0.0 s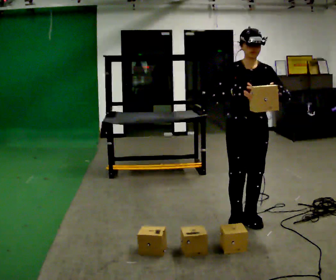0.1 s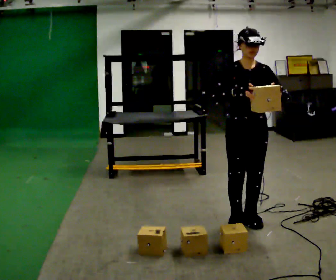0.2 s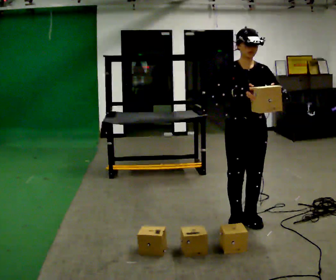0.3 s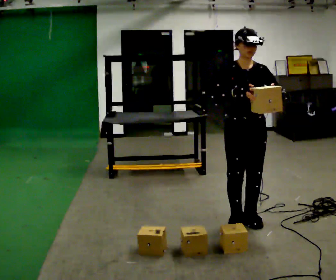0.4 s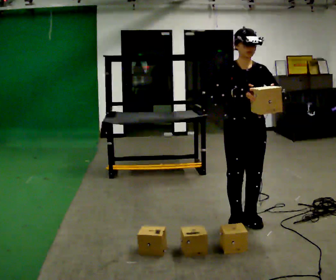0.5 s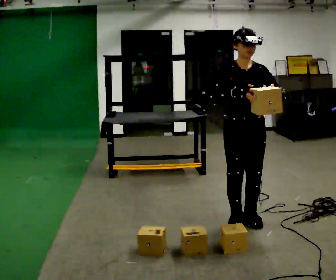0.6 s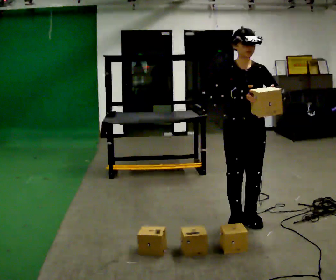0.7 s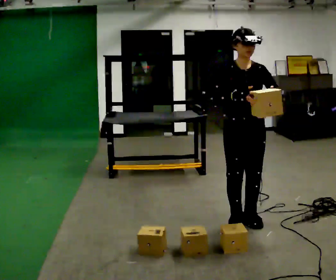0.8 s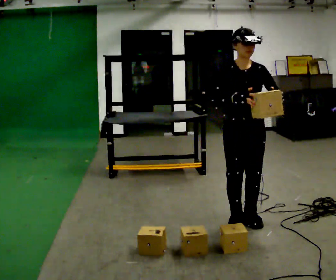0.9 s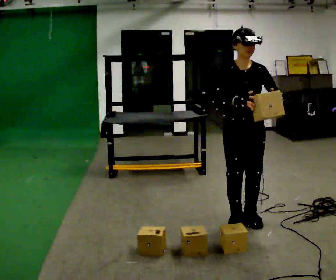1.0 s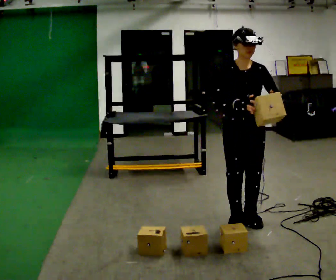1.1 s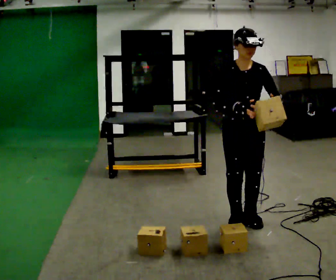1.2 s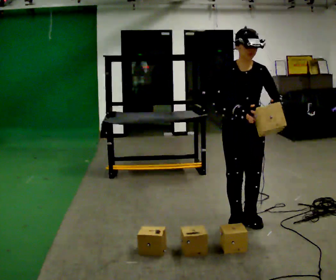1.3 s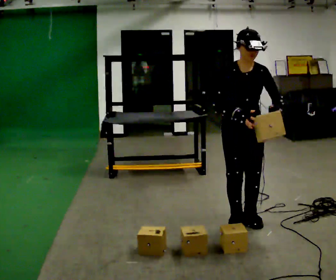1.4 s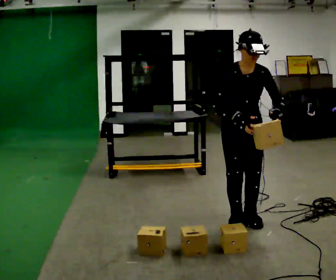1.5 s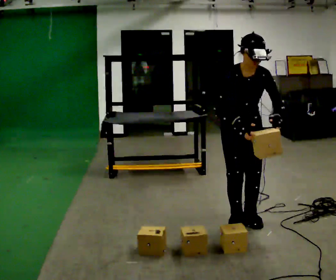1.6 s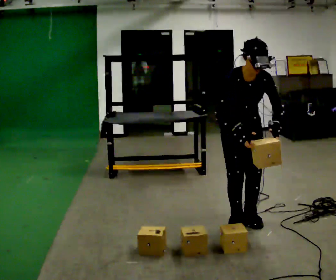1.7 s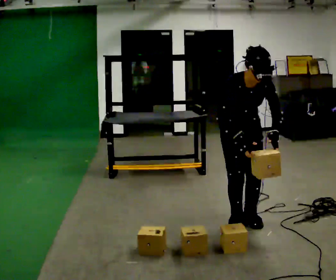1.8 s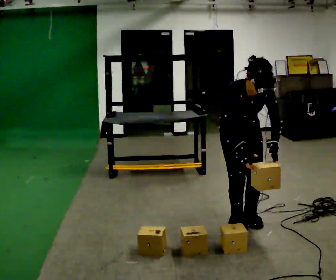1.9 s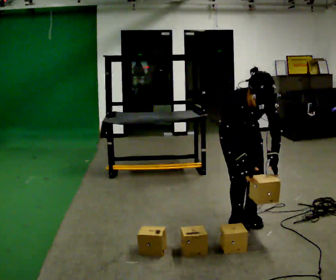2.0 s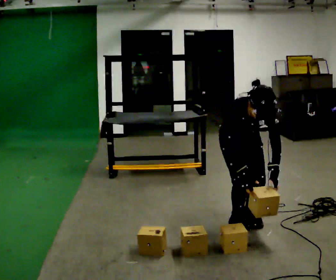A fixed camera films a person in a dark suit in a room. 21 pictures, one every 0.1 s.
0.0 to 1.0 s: The person moves a little, or ends about where they began.
1.0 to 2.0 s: The shoulders move downward. The upper body tips toward the camera, its near side rolling downward, as they bend forward. In the picture their left hand goes downward.
The film runs backward here.
